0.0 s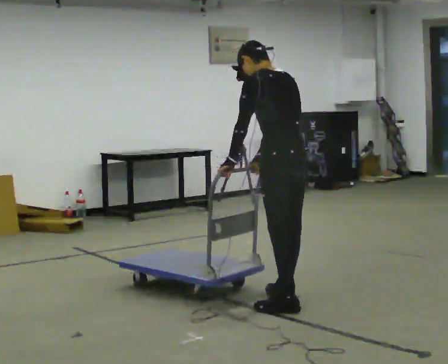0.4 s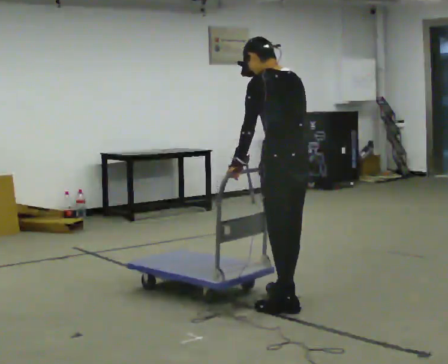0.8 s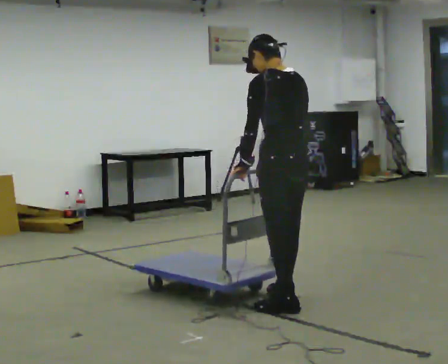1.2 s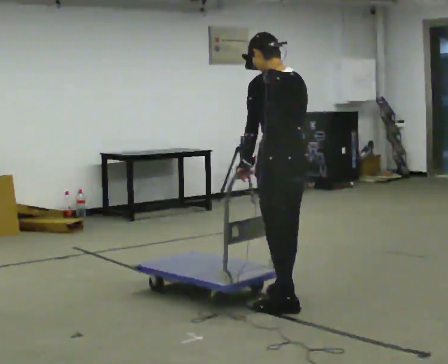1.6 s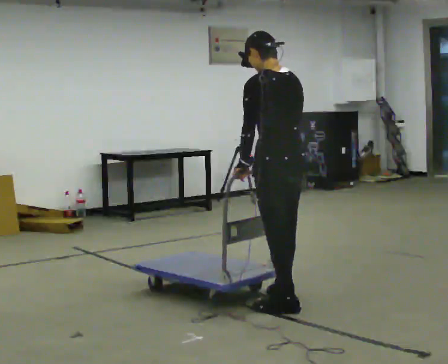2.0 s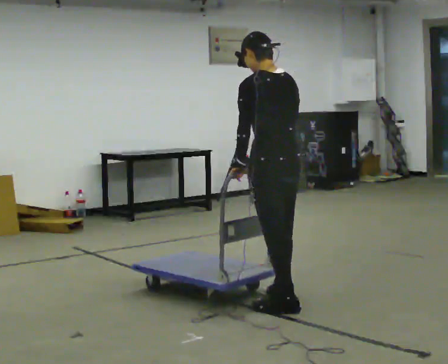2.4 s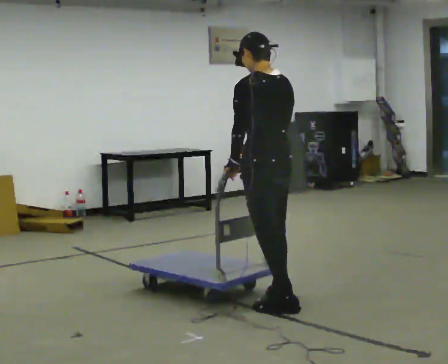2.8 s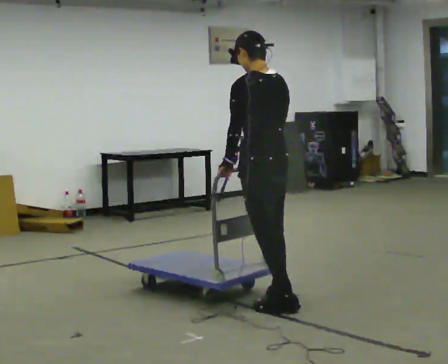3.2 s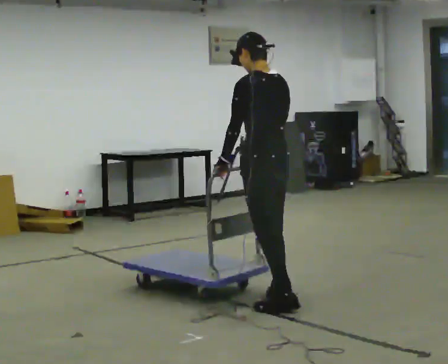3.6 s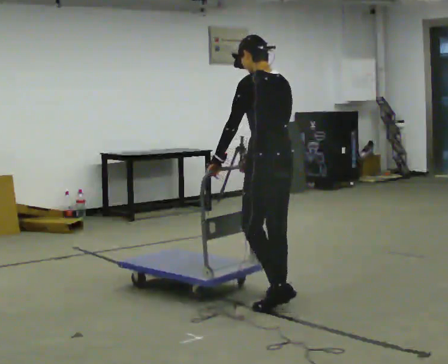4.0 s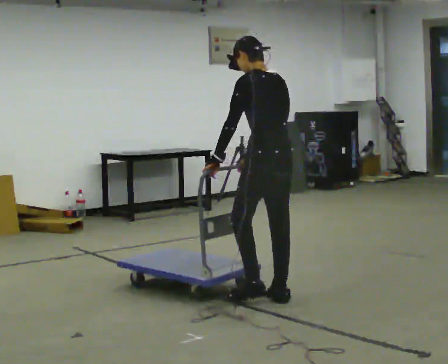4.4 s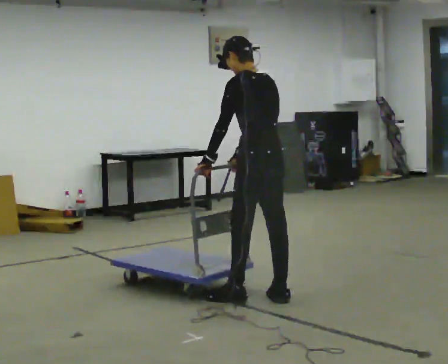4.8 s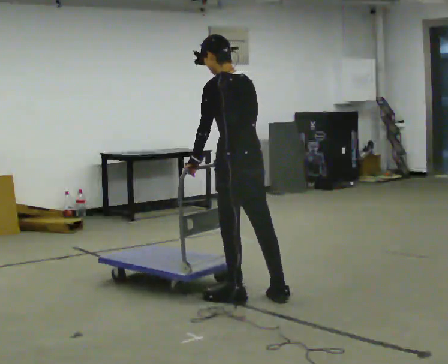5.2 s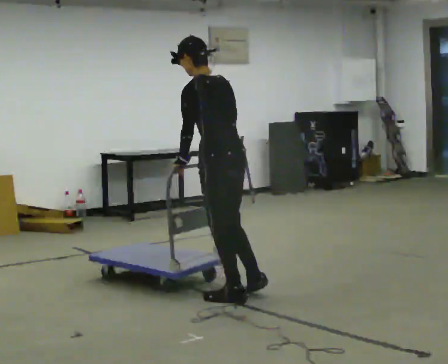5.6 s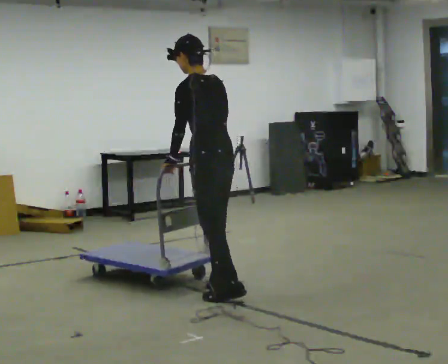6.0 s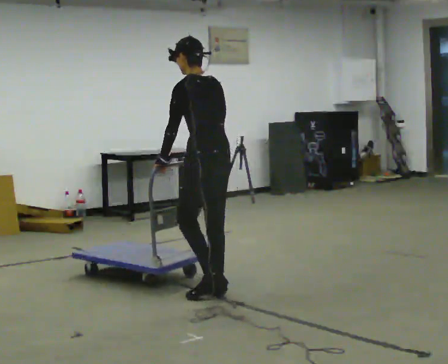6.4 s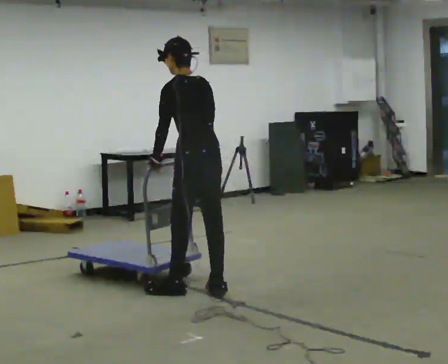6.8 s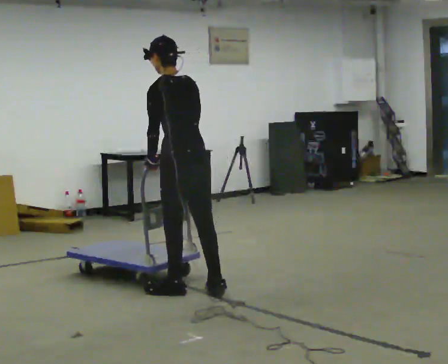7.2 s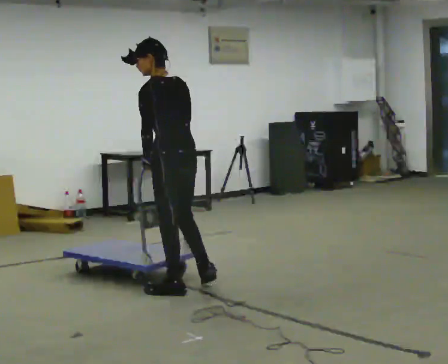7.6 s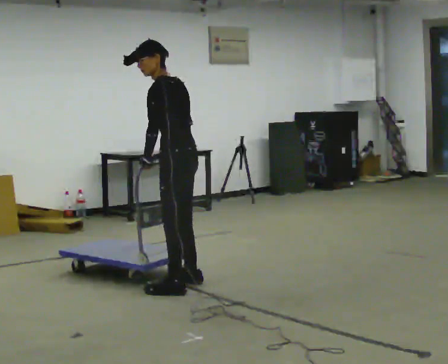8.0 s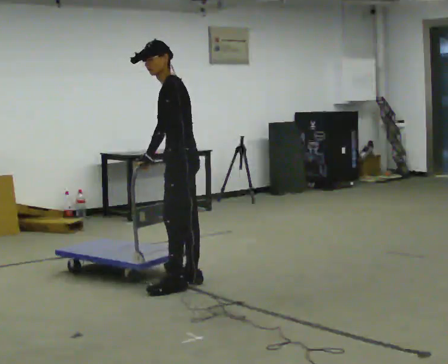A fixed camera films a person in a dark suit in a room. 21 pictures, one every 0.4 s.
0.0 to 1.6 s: The person moves a little, or ends about where they began.
1.6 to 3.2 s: In the picture they go away from the camera, about 0.25 m, which for them is forward.
3.2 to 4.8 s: In the picture they go to the left, about 0.25 m in 1 step, which for them is forward.
4.8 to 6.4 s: In the picture they go to the left and away from the camera, about 0.25 m in 2 steps, which for them is forward.
6.4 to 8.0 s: The person turns about 45 degrees to their left, counterclockwise seen from above, so the part of the body nearest the lens slides to the right. In the picture they go away from the camera, about 0.25 m in 1 step, which for them is forward and to their right.
The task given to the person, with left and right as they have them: Push the cart across the room using only the hand the operator calls. Keep your other arm at your side.
The film runs forward here.
